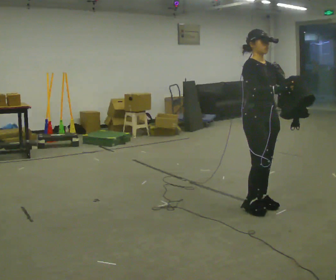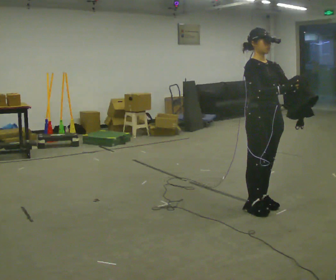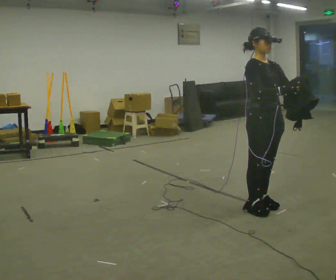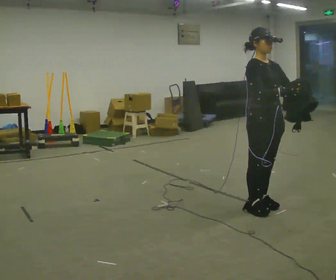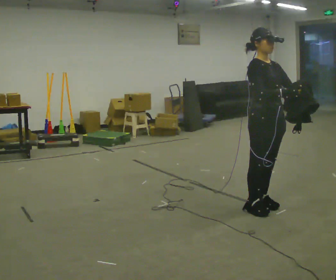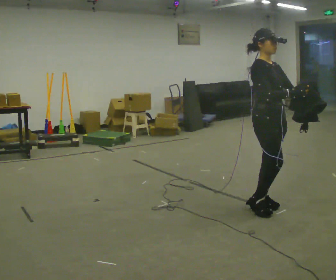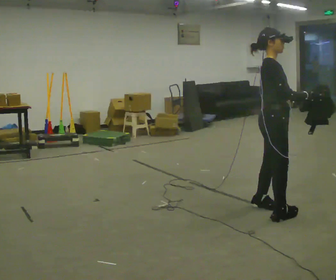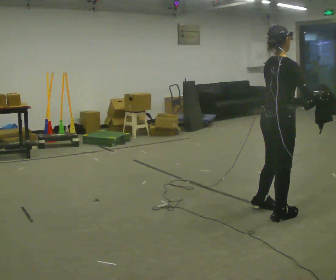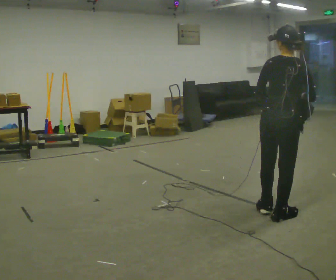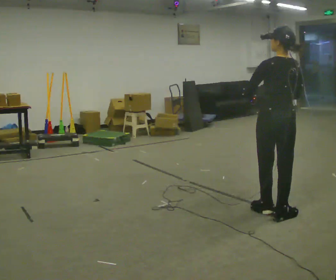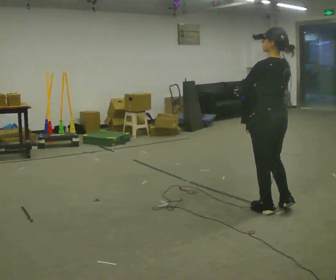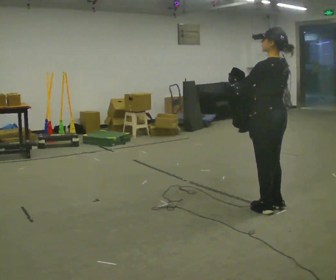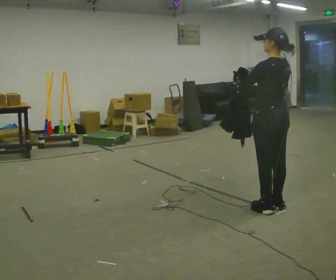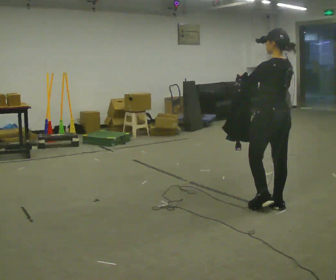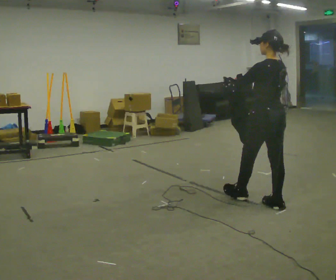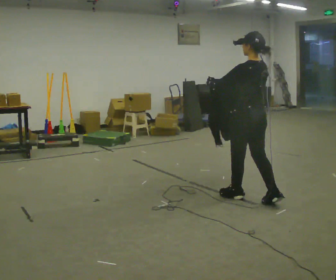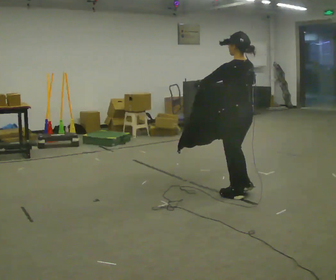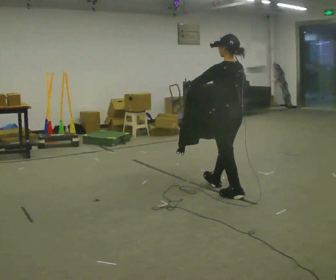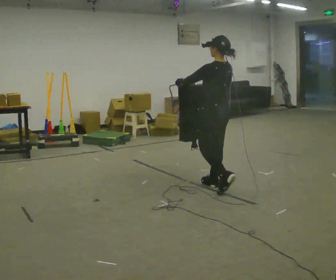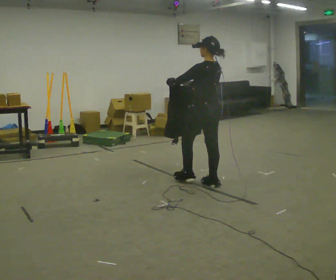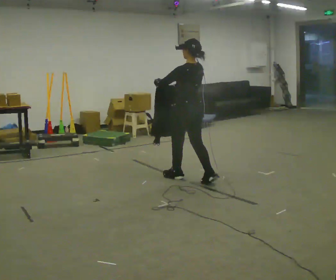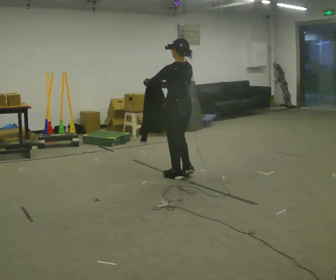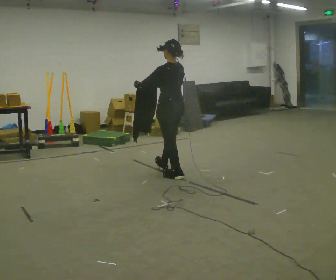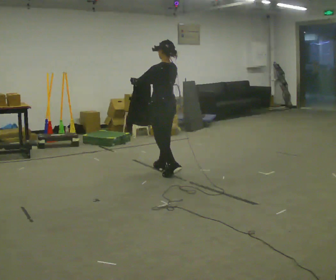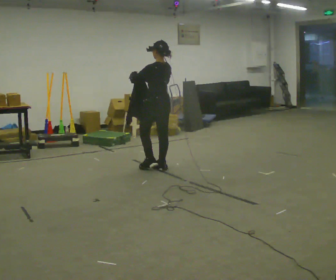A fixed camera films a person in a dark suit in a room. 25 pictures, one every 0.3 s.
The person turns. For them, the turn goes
to their left.
The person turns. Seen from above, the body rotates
counterclockwise.
0.0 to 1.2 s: The person moves a little, or ends about where they began.
1.2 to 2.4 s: Seen from above the body turns counterclockwise, about 120 degrees: to their left, with its near side sliding to the right.
2.4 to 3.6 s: Seen from above the body turns counterclockwise, about 60 degrees: to their left, with its near side sliding to the right. In the picture they go away from the camera, about 0.25 m in 1 step, which for them is forward. In the picture their right hand goes to the left.
3.6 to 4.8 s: In the picture they go to the left and away from the camera, about 0.5 m in 1 step, which for them is forward.
4.8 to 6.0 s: In the picture they go to the left and away from the camera, about 1 m in 2 steps, which for them is forward.
6.0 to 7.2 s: In the picture they go to the left and away from the camera, about 0.5 m in 1 step, which for them is forward.
The film runs forward here.
